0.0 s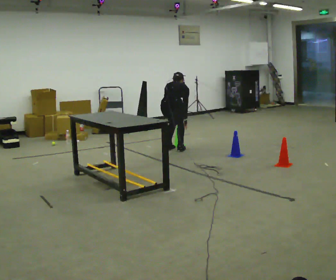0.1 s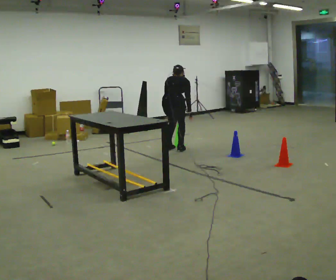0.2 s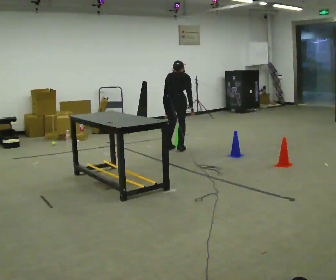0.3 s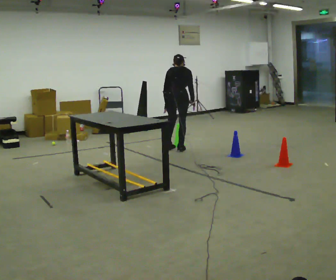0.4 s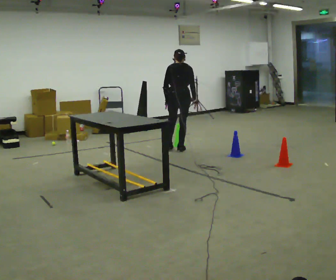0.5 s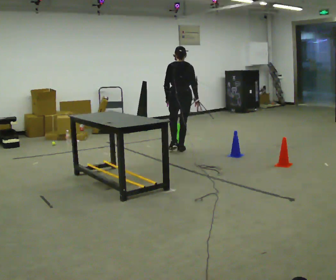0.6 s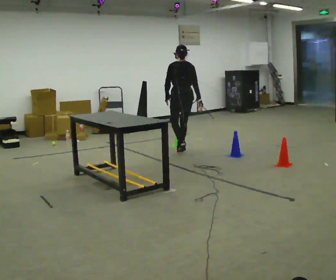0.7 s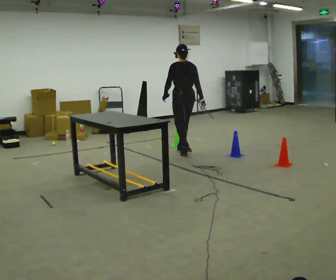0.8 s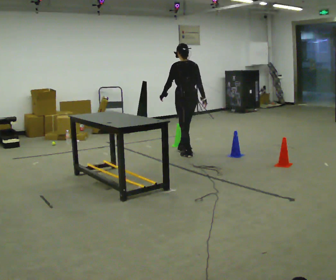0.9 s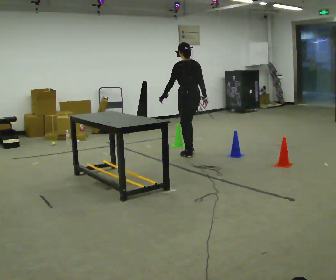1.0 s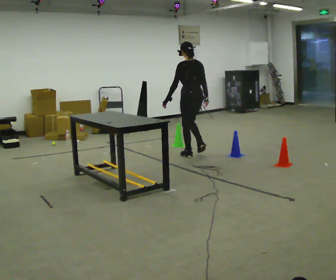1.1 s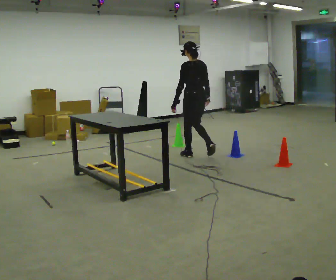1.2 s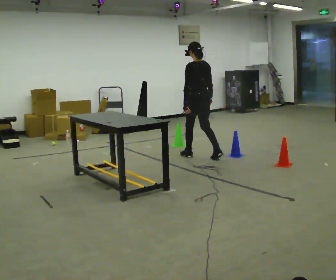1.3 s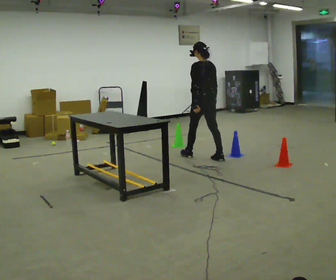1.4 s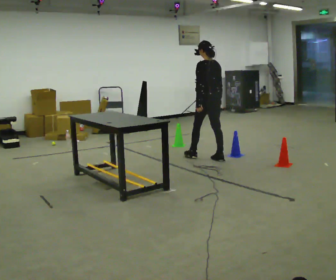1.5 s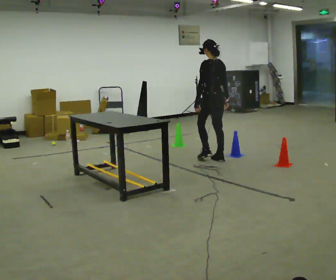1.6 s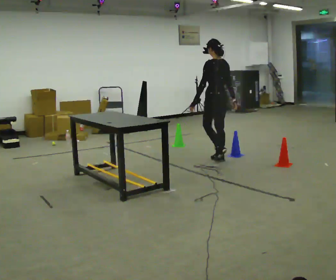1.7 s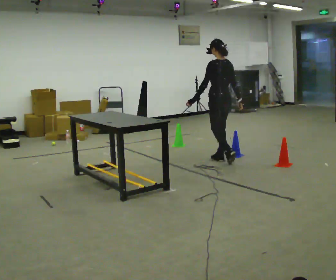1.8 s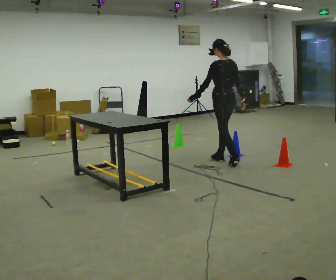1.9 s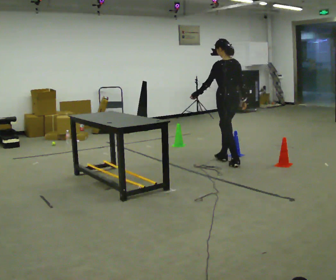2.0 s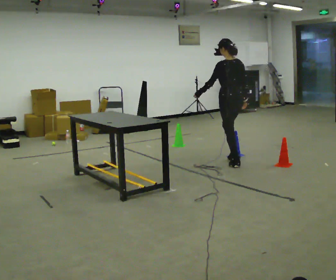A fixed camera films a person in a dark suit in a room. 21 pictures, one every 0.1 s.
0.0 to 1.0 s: The person turns about 45 degrees to their left, counterclockwise seen from above, so the part of the body nearest the lens slides to the right. In the picture they go to the right and toward the camera, about 0.5 m in 2 steps, which for them is backward and to their right. The upper body goes upward. The upper body tips toward the camera, its near side rolling downward, as they lean back or straighten. In the picture their left hand goes upward.
1.0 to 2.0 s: In the picture they go to the right and toward the camera, about 0.75 m in 2 steps, which for them is backward.
The film runs backward here.
